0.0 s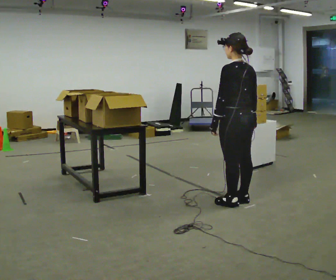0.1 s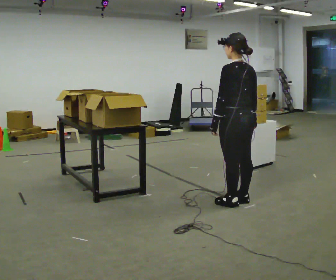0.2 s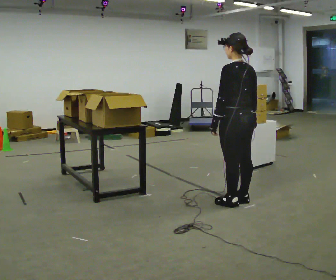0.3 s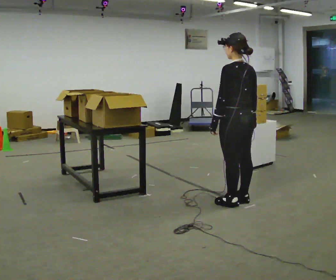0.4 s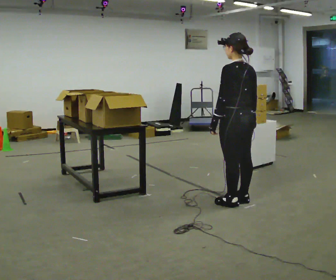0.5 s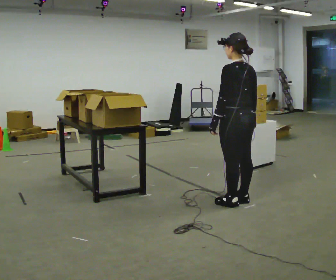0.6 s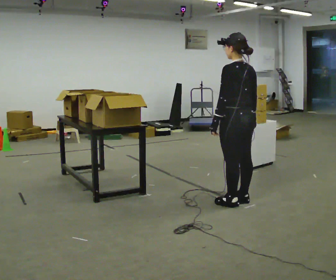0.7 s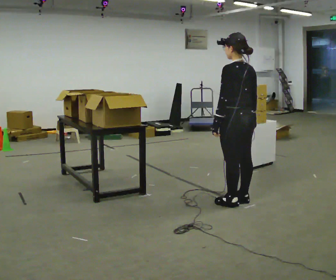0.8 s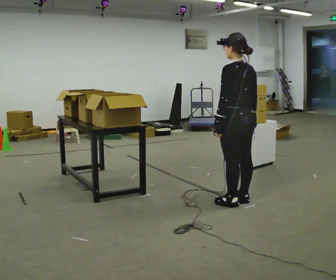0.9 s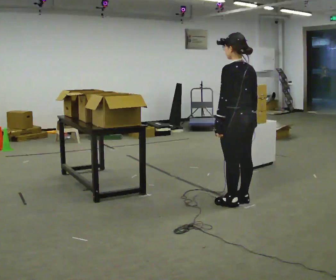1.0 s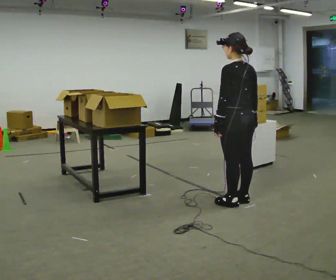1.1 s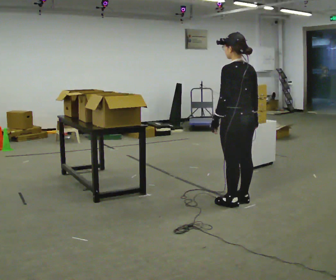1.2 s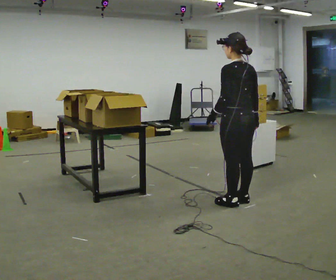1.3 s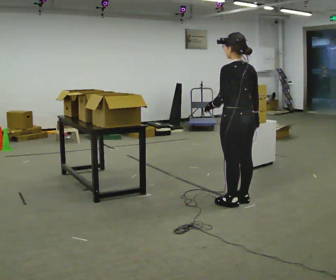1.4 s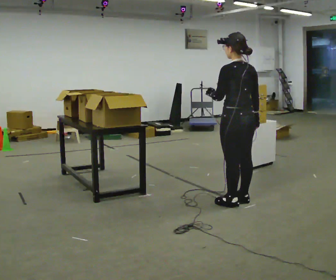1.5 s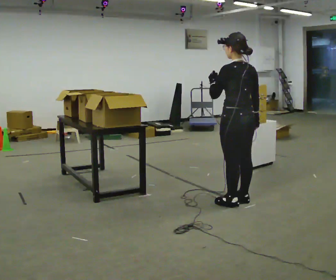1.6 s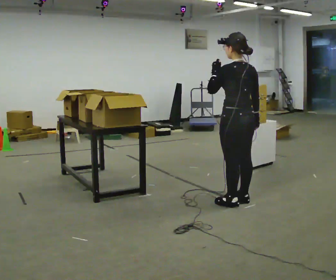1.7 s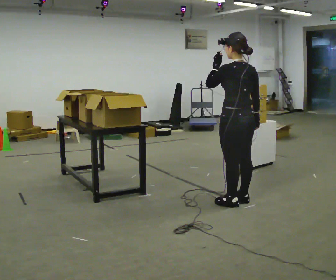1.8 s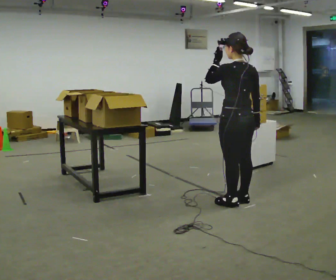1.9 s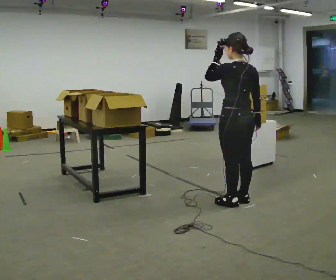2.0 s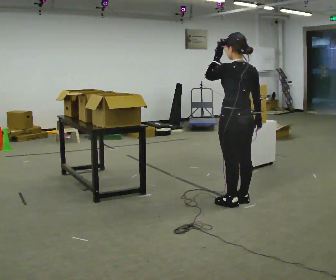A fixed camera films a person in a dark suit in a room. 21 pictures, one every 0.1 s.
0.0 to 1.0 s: The person moves a little, or ends about where they began.
1.0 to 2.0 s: In the picture their left hand goes upward.
The film runs backward here.
